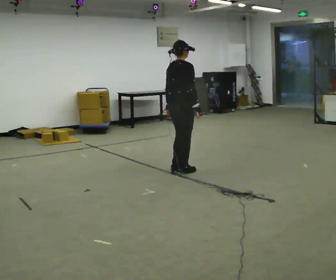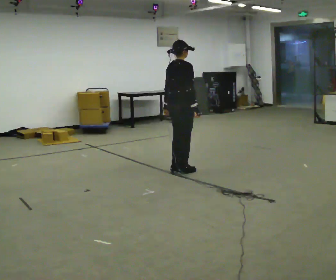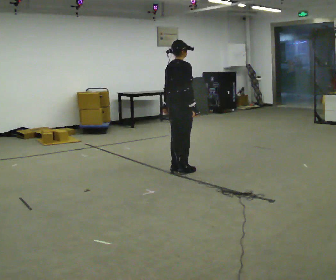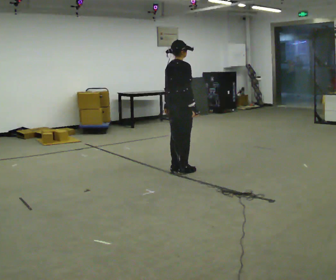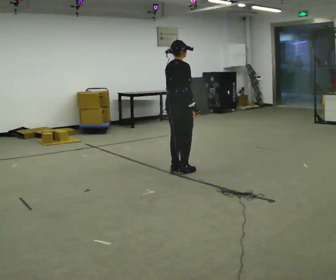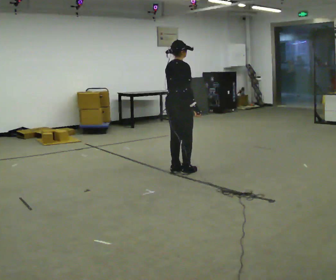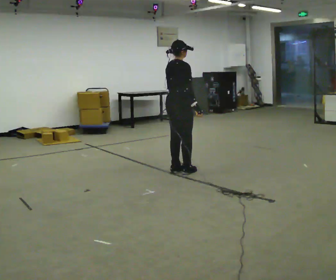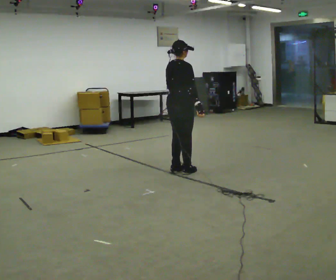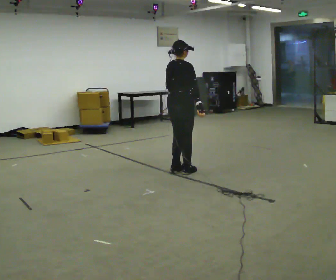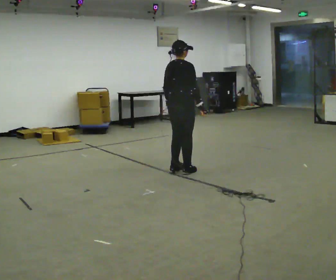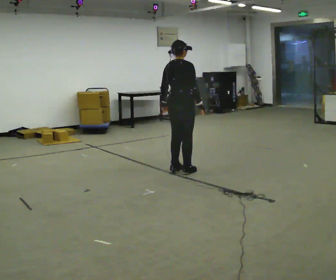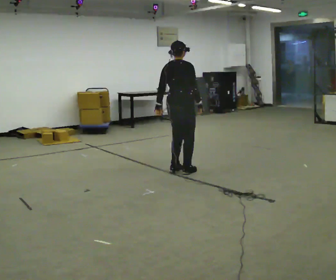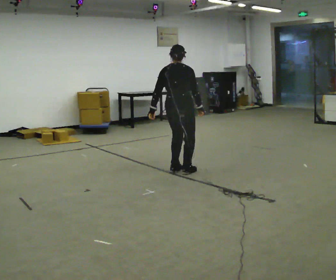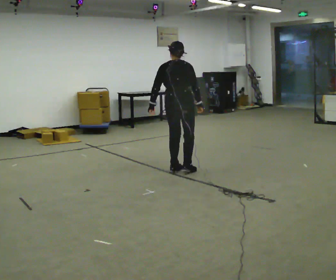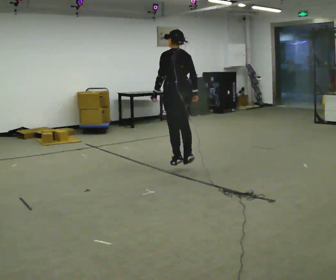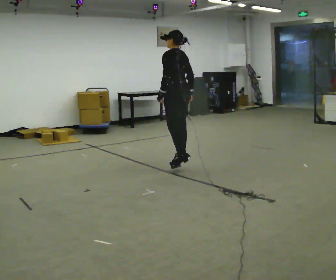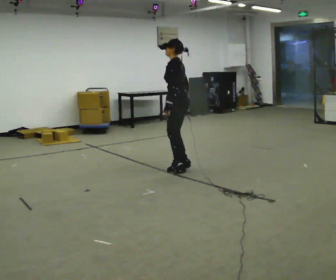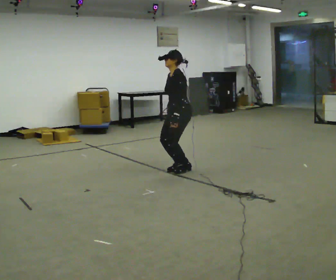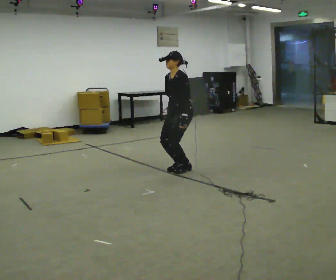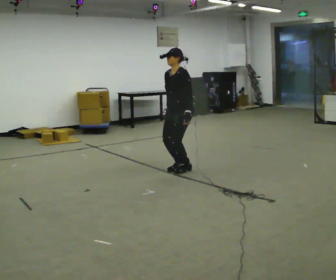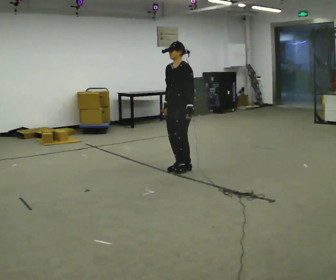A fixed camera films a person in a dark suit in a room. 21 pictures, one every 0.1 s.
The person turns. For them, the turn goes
to their left.
The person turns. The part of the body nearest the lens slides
to the right.
0.0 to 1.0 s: The person moves a little, or ends about where they began.
1.0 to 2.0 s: Seen from above the body turns counterclockwise, about 165 degrees: to their left, with its near side sliding to the right.
The film runs backward here.
